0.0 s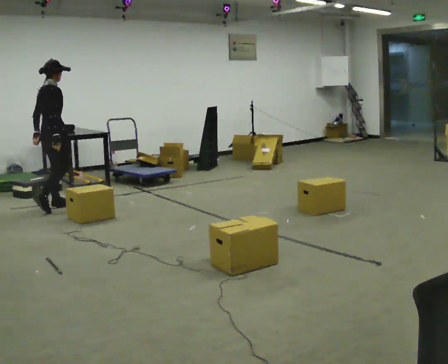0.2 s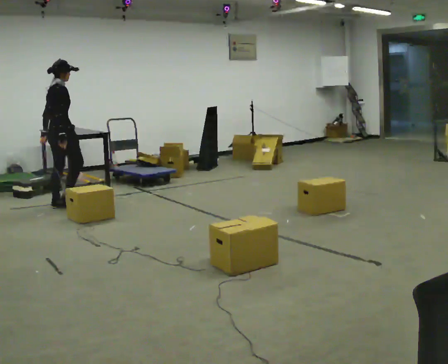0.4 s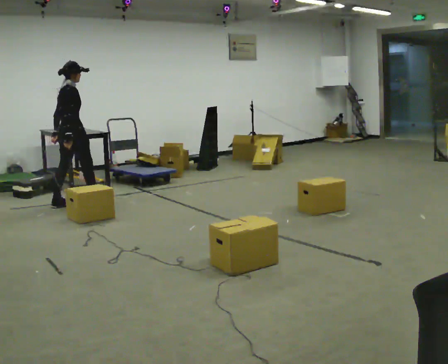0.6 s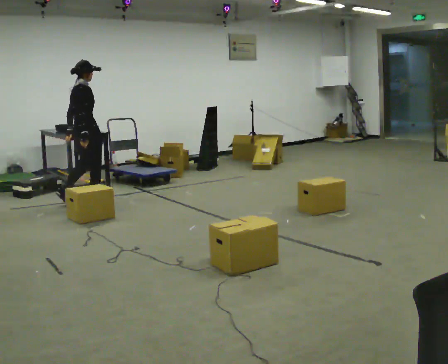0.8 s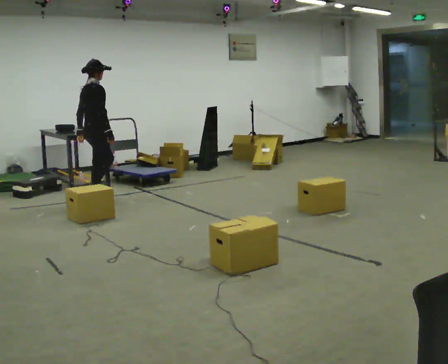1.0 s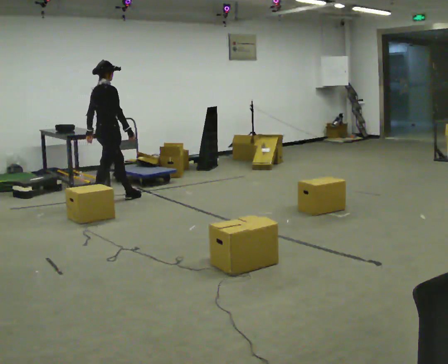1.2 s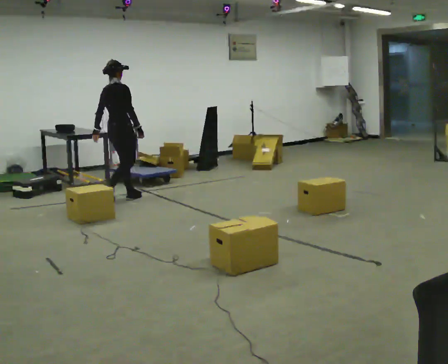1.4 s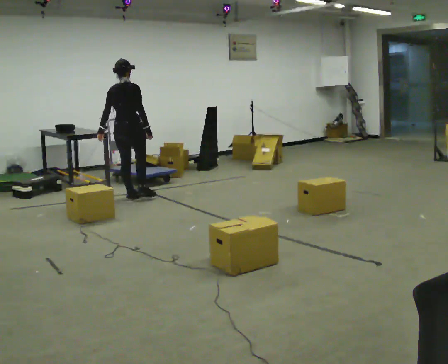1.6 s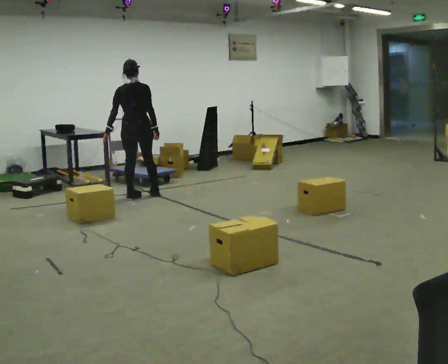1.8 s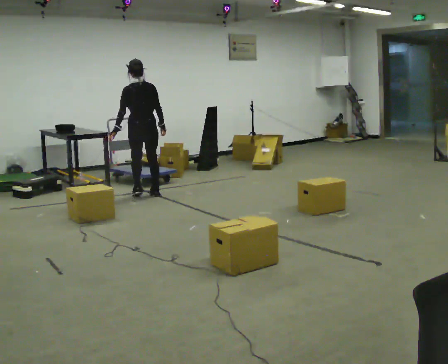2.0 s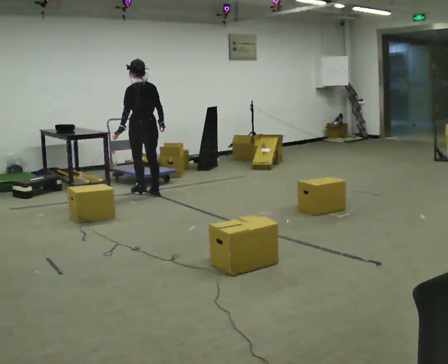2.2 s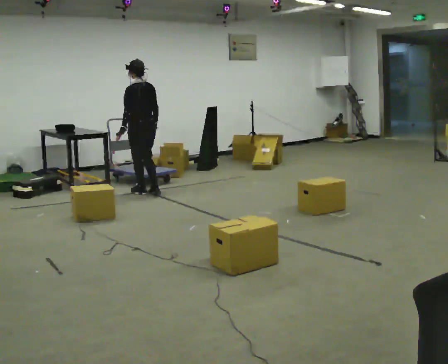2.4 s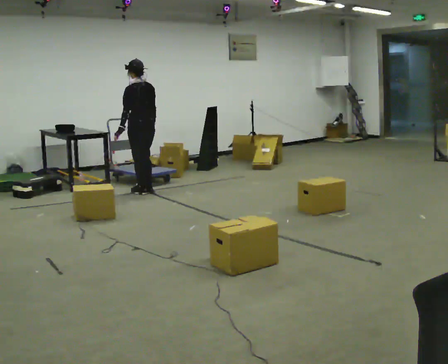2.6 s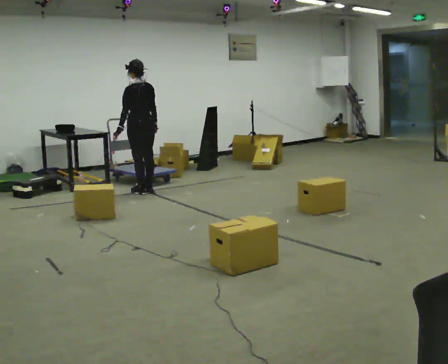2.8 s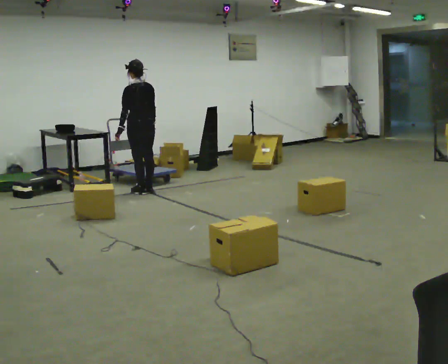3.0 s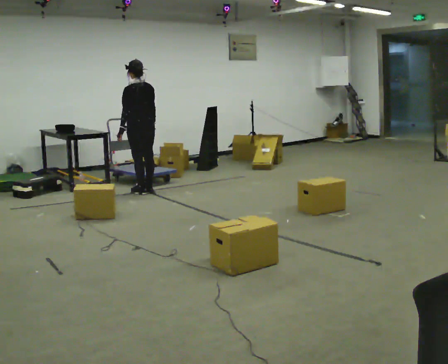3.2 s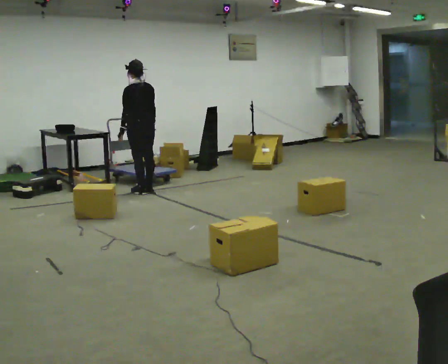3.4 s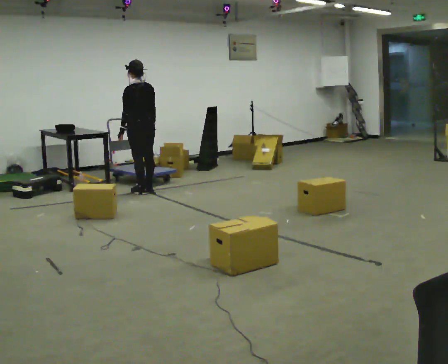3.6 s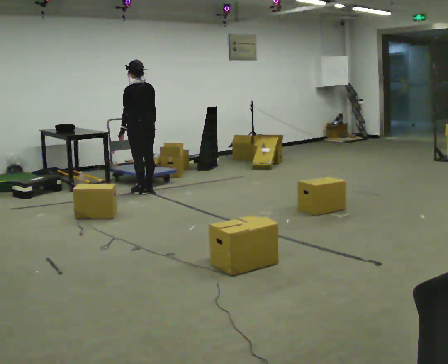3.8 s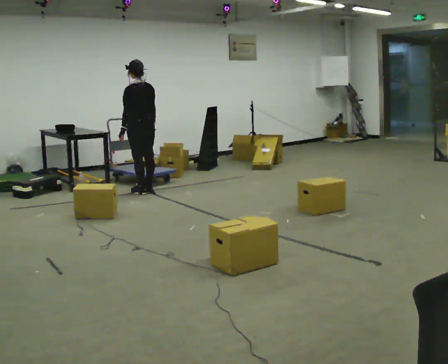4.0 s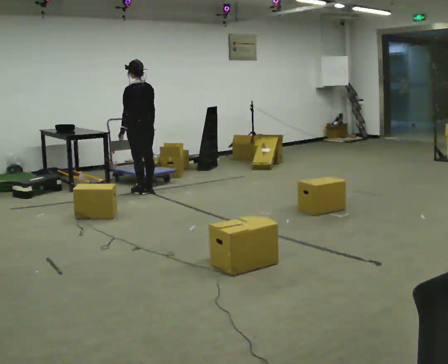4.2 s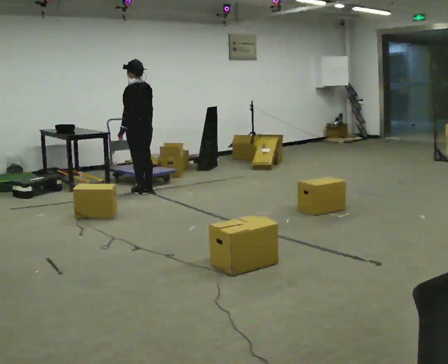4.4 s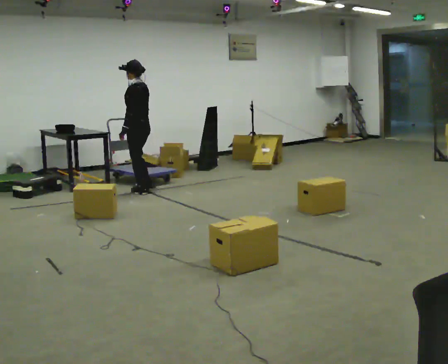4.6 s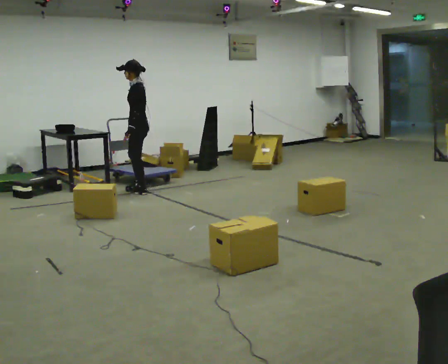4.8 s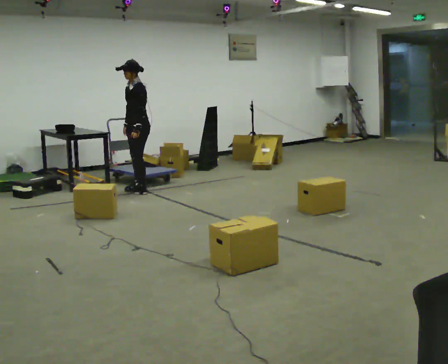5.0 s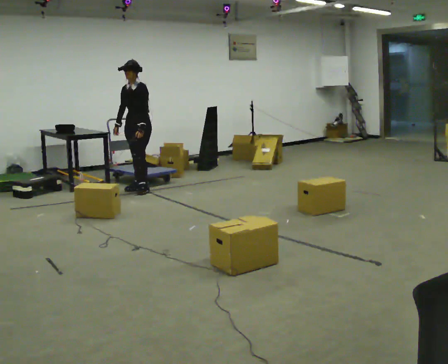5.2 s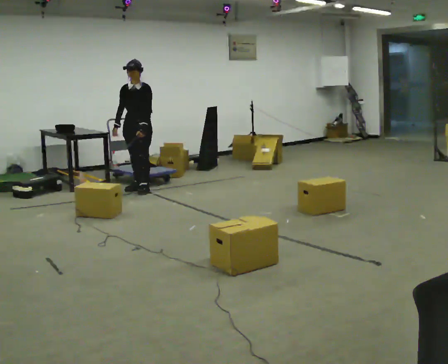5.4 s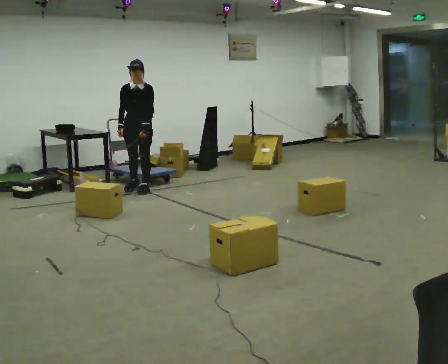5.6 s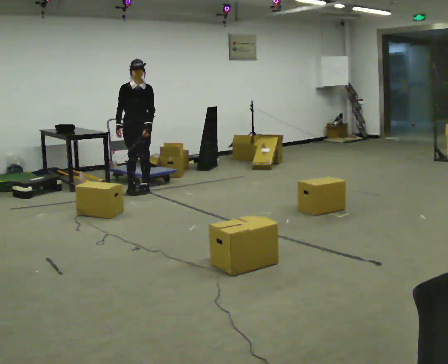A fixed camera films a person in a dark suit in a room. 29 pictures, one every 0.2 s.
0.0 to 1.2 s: In the picture they go to the right and away from the camera, about 1 m in 2 steps, which for them is forward.
1.2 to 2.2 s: The person turns about 90 degrees to their left, counterclockwise seen from above, so the part of the body nearest the lens slides to the right. In the picture they go away from the camera and to the right, about 0.5 m in 2 steps.
2.2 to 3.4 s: The person moves a little, or ends about where they began.
3.4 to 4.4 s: The person turns about 30 degrees to their left, counterclockwise seen from above, so the part of the body nearest the lens slides to the right.
4.4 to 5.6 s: The person turns about 120 degrees to their left, counterclockwise seen from above, so the part of the body nearest the lens slides to the right. In the picture their right hand goes to the left.
The film runs forward here.
